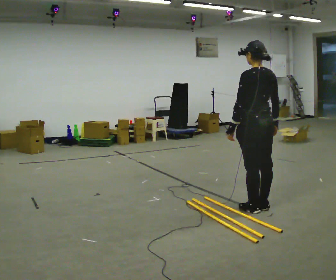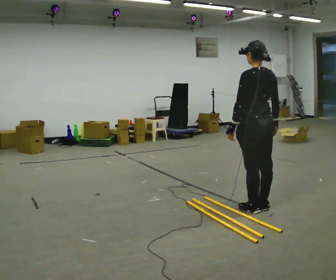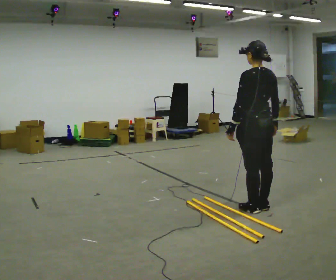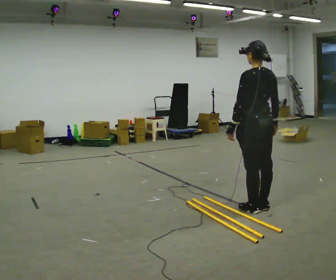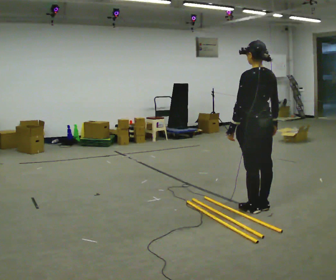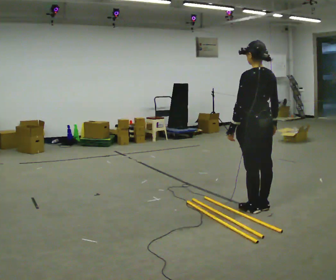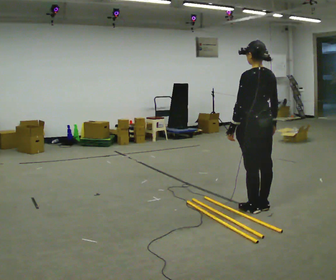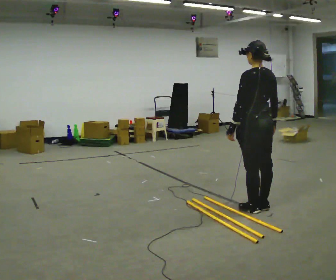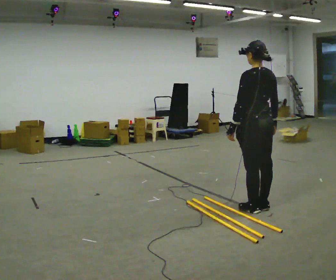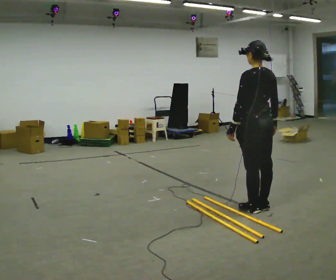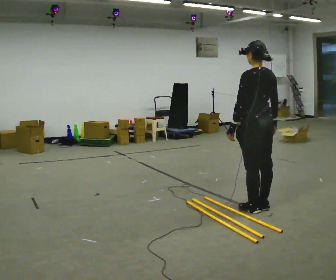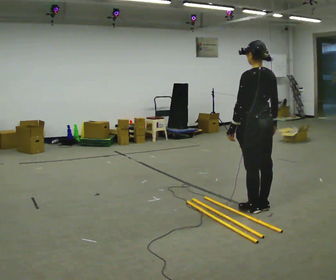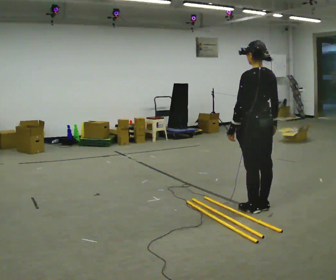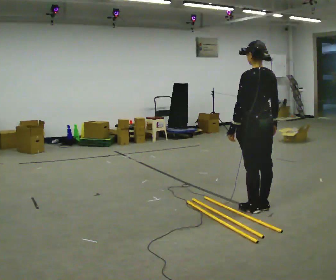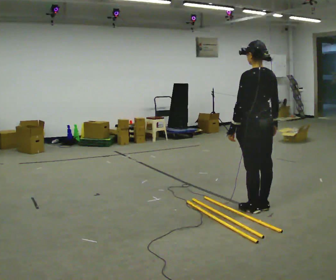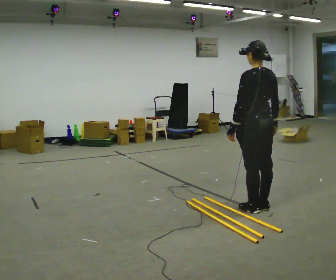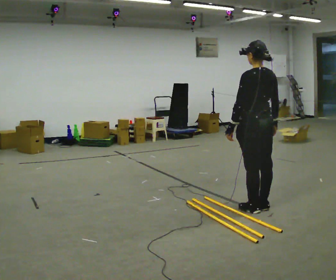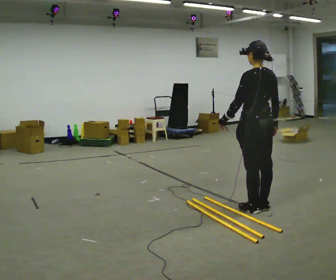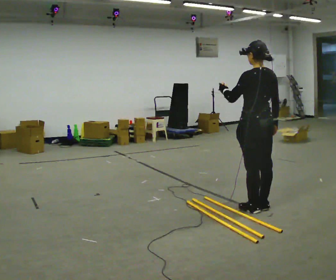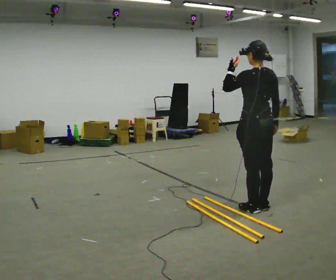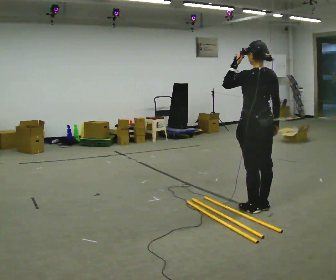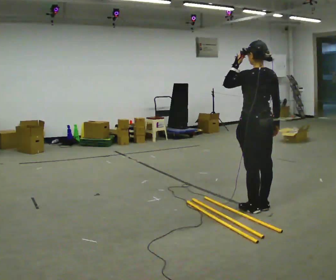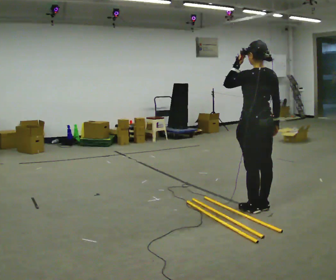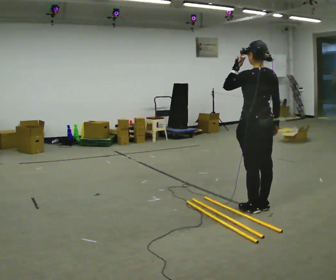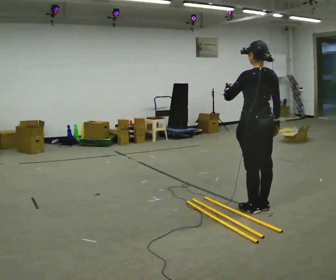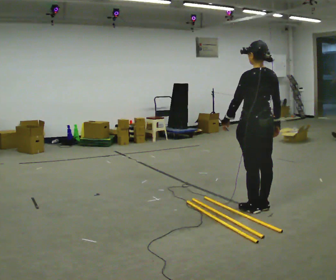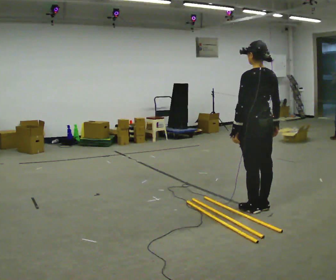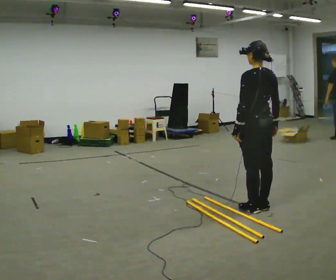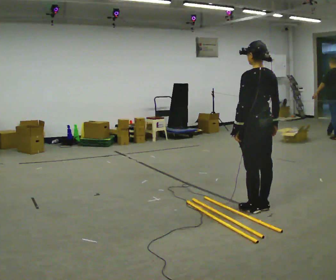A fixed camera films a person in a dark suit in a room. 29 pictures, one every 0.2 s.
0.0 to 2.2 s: The person keeps their place and pose.
2.2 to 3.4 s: The person moves a little, or ends about where they began.
3.4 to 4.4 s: In the picture their left hand goes upward.
4.4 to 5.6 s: In the picture their left hand goes downward.
The film runs forward here.
